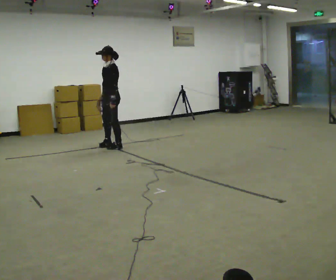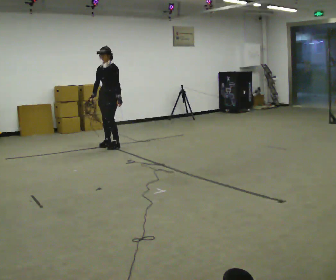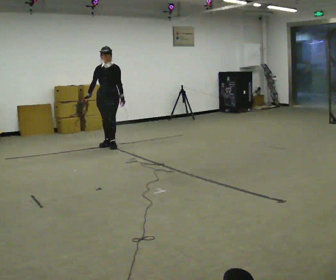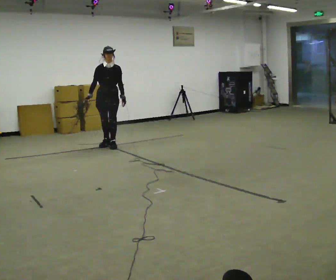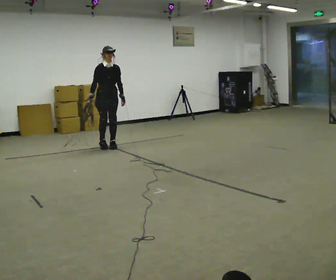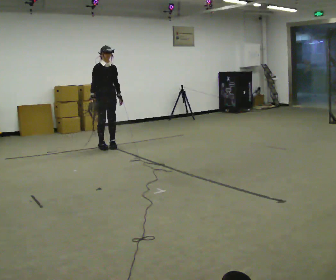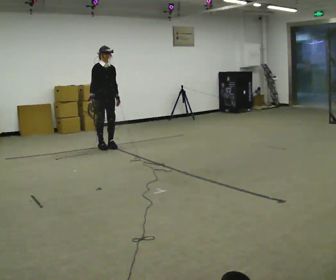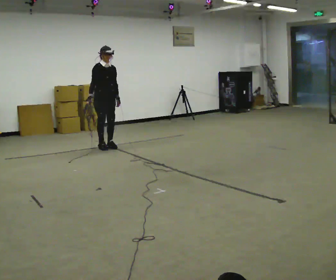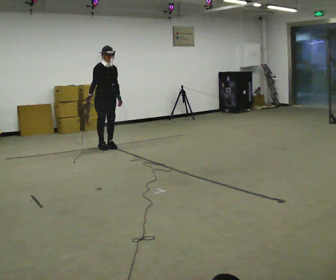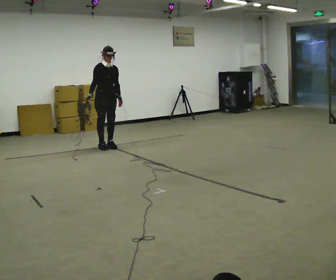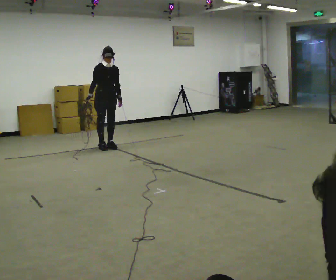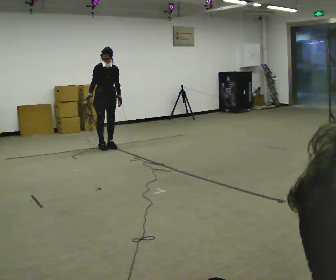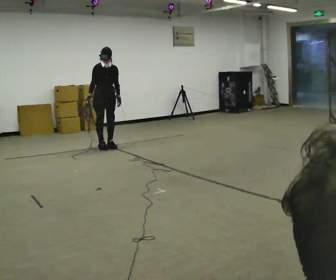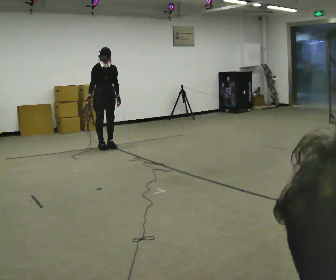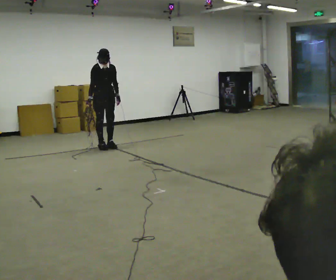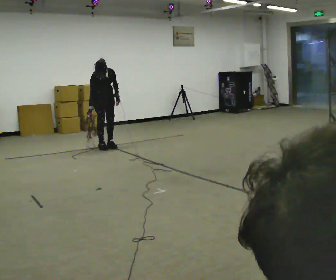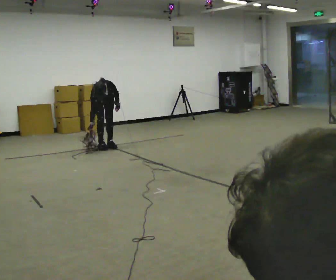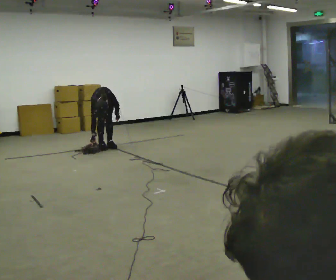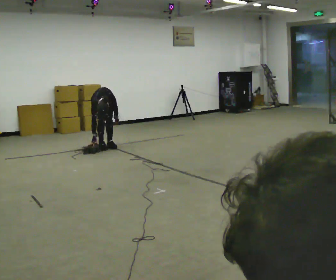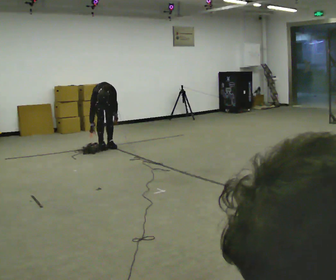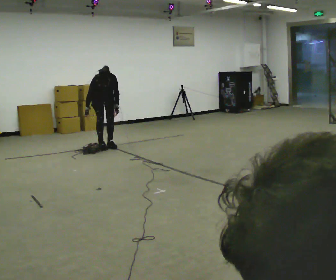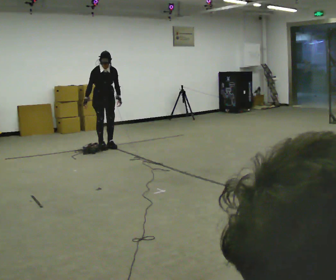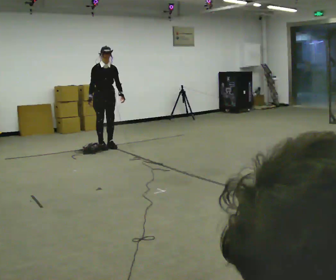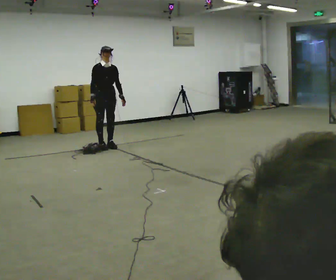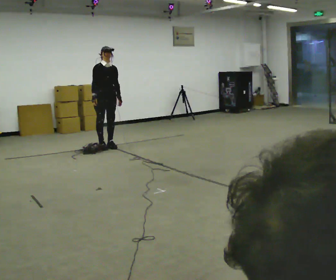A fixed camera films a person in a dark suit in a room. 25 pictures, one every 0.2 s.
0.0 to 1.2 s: Seen from above the body turns counterclockwise, about 90 degrees: to their left, with its near side sliding to the right.
1.2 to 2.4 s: The person moves a little, or ends about where they began.
2.4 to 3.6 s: The upper body goes downward. The upper body tips toward the camera, its near side rolling downward, as they bend forward. In the picture their left hand goes downward.
3.6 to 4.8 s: In the picture they go toward the camera, about 0.25 m, which for them is forward. The shoulders move upward. The upper body tips away from the camera, its near side rolling upward, as they lean back or straighten. In the picture their right hand goes upward.
The film runs forward here.
